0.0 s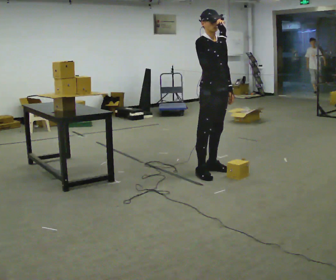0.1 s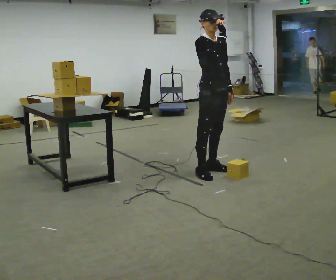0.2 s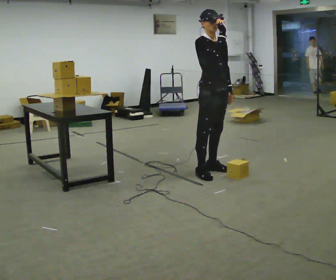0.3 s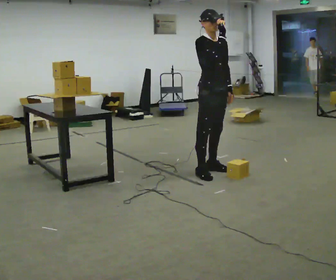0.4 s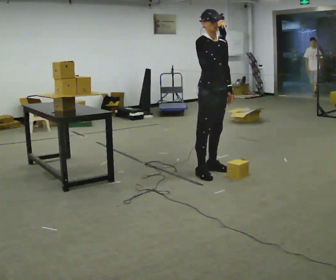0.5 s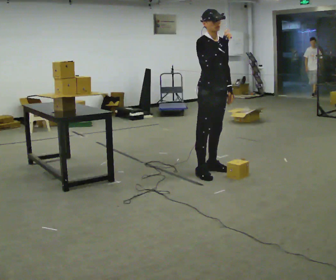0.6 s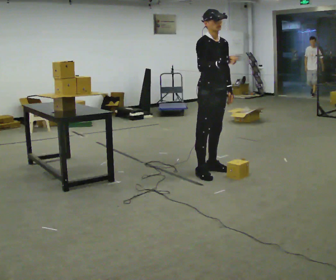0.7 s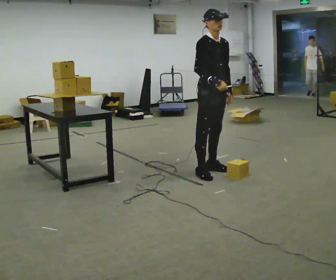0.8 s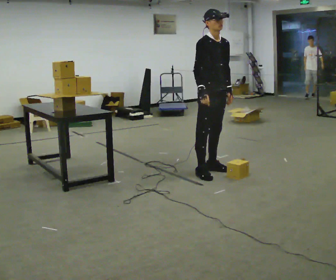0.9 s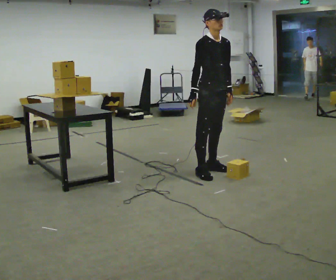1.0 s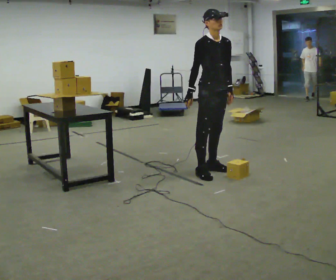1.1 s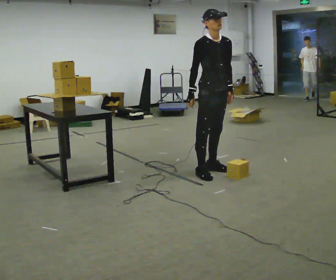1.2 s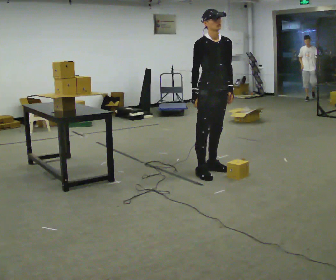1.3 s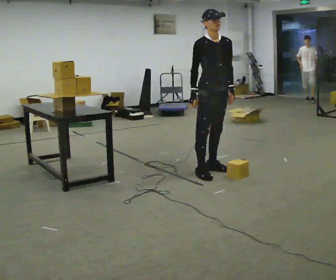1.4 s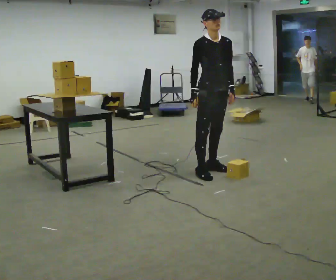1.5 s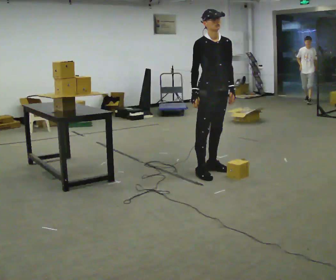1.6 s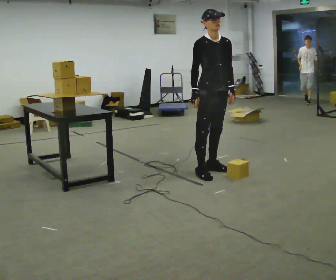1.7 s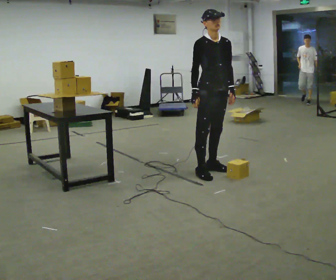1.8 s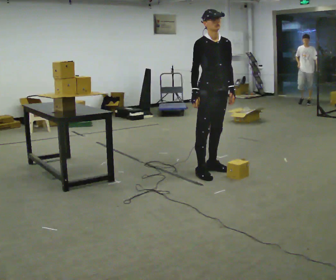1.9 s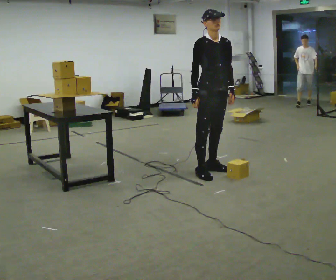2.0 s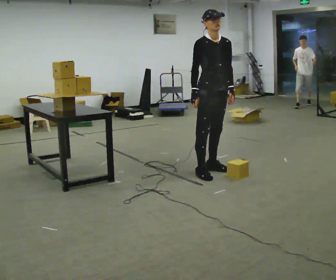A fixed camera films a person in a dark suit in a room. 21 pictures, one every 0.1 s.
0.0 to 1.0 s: In the picture their right hand goes downward and to the left.
1.0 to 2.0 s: The person moves a little, or ends about where they began.
The film runs forward here.
